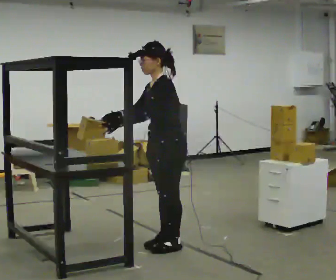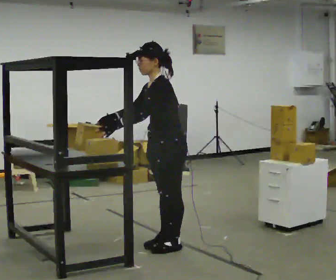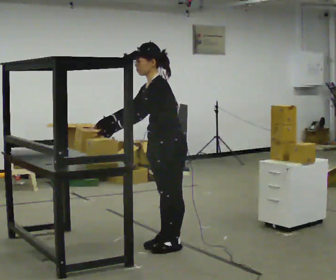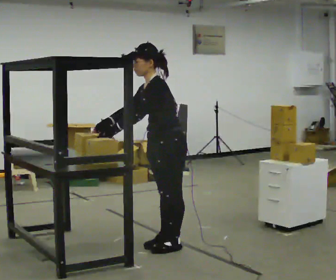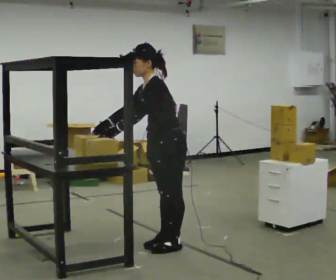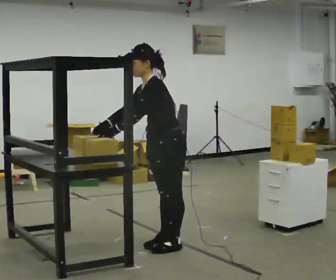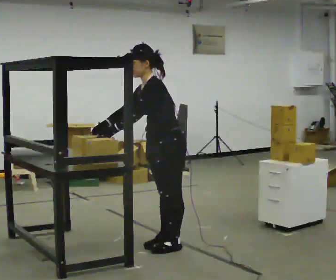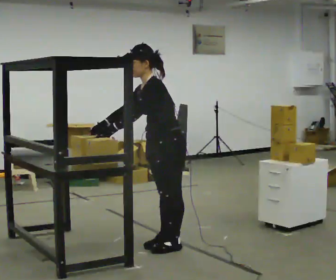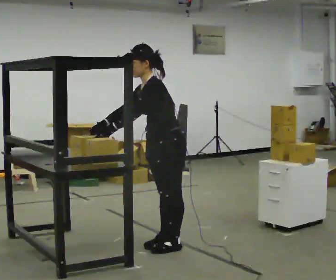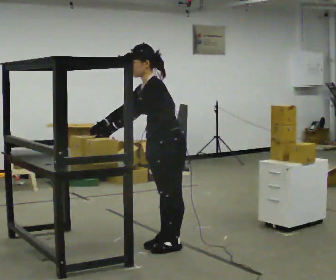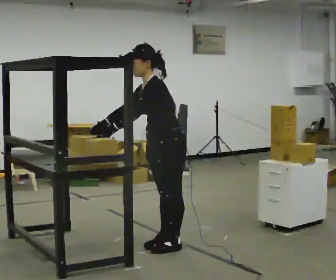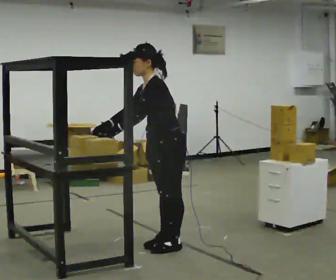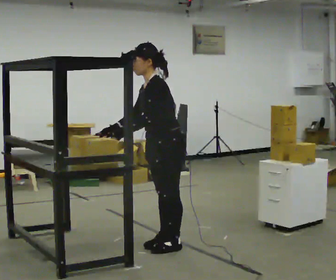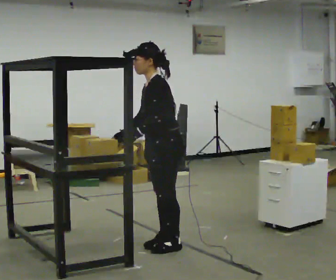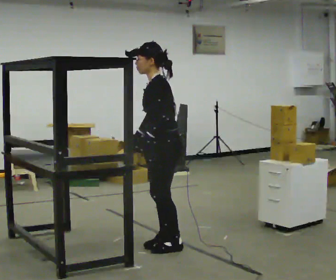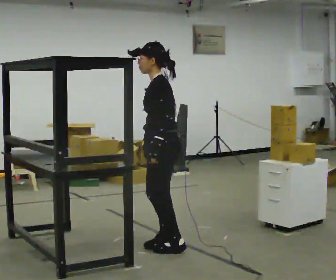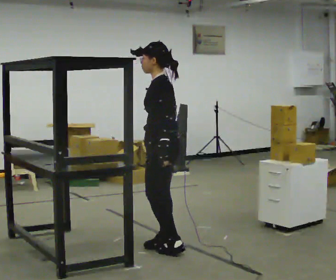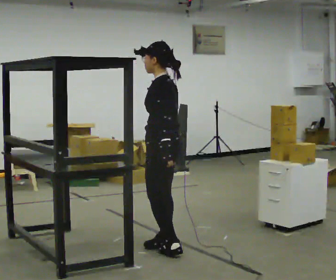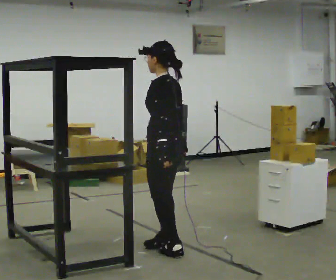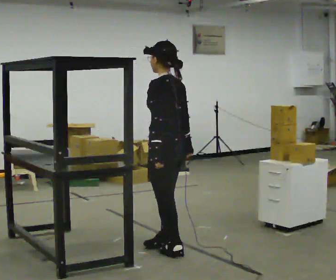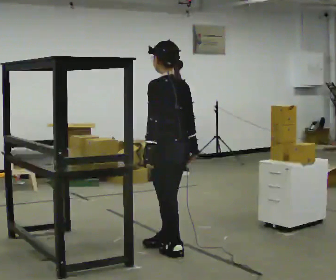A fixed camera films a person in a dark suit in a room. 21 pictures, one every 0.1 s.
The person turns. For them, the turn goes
to their right.
Their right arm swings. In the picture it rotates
counterclockwise.
0.0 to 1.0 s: The person moves a little, or ends about where they began.
1.0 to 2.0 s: The person turns about 60 degrees to their right, clockwise seen from above, so the part of the body nearest the lens slides to the left. In the picture they go toward the camera, about 0.25 m in 1 step. In the picture the upper body tilts clockwise, shoulders to the right, as they lean back or straighten. In the picture their right hand goes to the right, the arm swinging counterclockwise.
The film runs forward here.
